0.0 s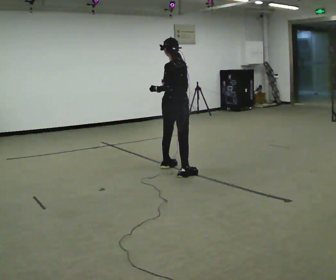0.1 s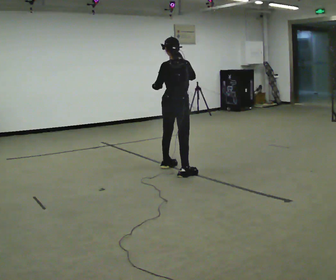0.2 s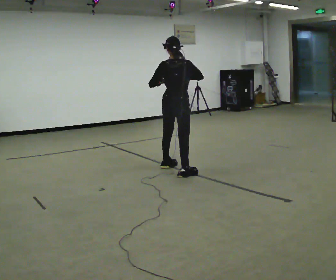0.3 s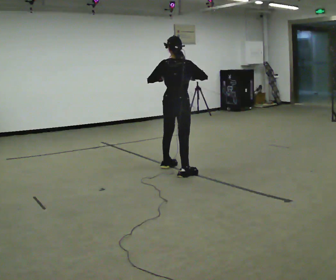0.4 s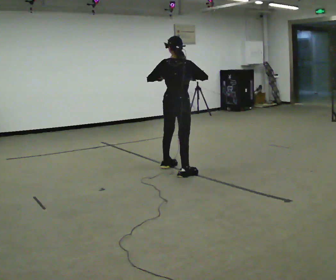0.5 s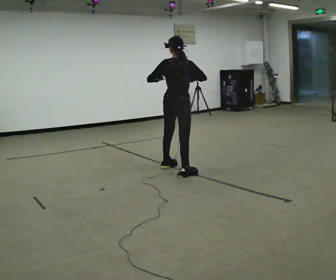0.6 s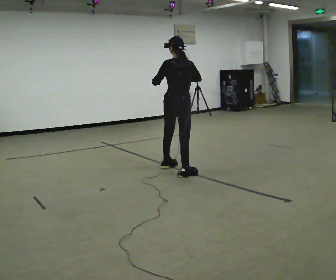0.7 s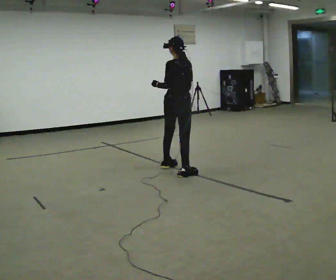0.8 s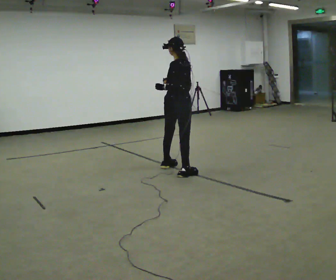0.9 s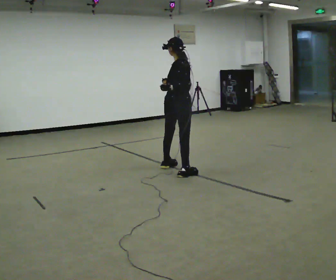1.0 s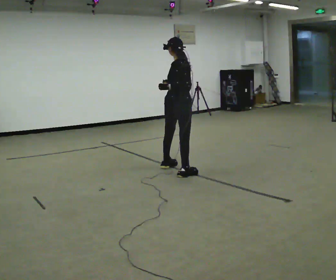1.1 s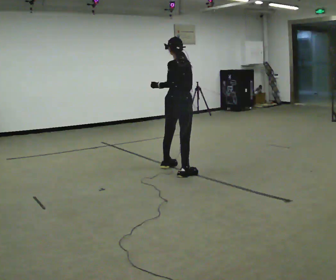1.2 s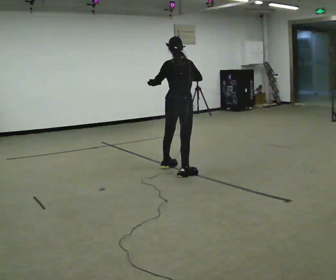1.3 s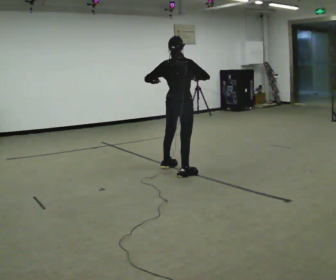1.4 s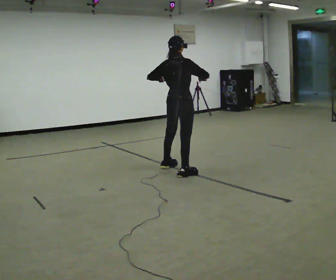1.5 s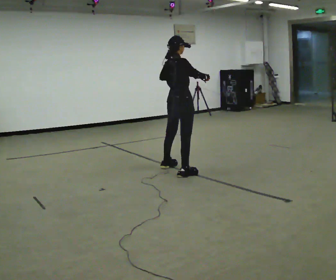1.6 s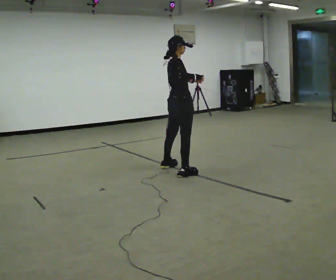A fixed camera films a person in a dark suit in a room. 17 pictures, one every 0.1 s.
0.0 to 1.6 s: The person turns about 90 degrees to their right, clockwise seen from above, so the part of the body nearest the lens slides to the left. In the picture their right hand goes to the right.
The film runs backward here.
